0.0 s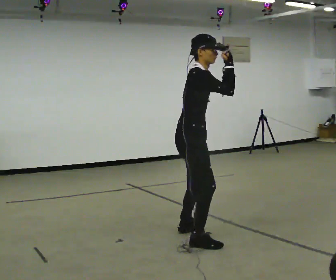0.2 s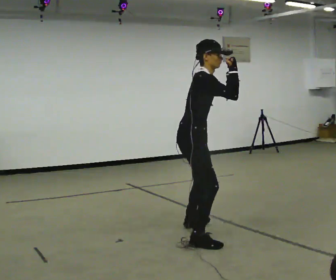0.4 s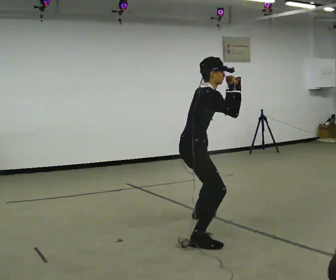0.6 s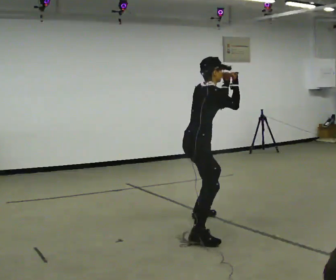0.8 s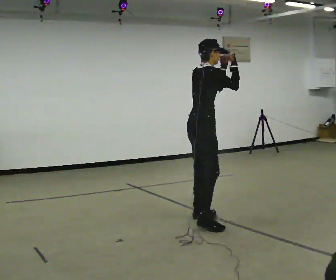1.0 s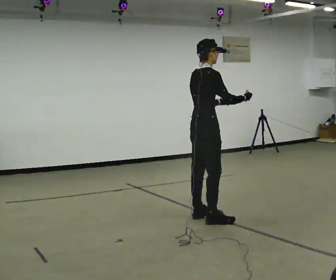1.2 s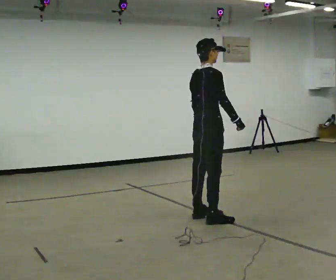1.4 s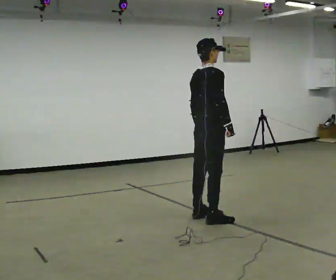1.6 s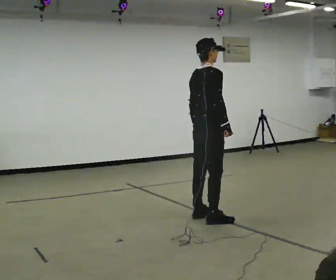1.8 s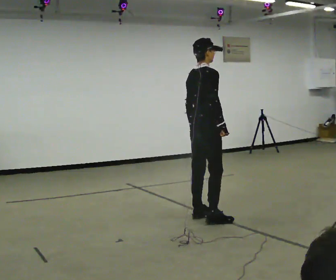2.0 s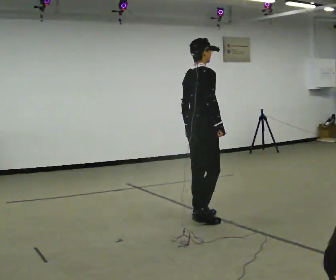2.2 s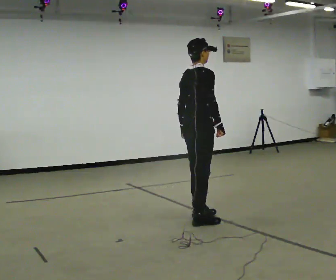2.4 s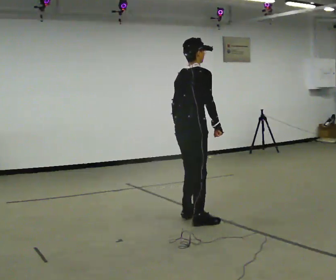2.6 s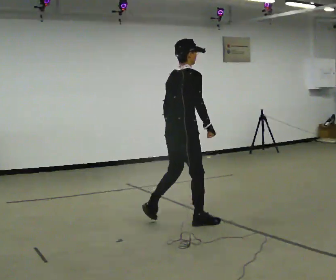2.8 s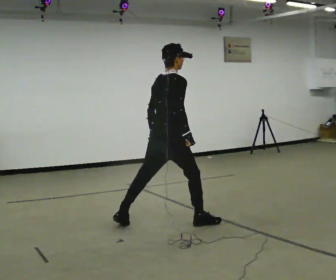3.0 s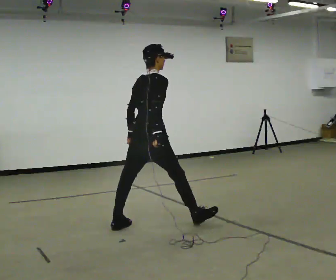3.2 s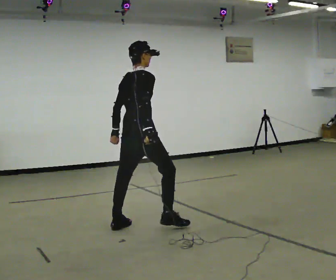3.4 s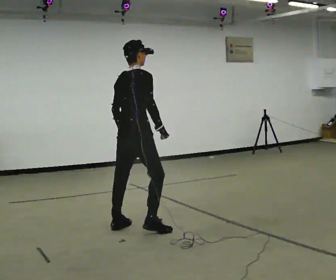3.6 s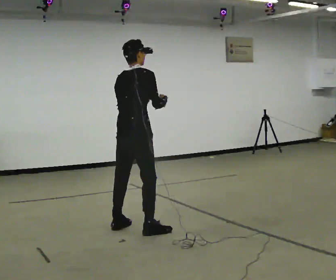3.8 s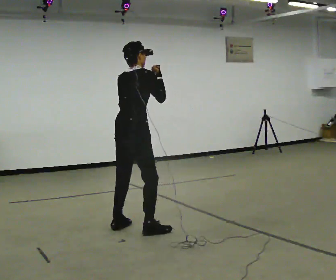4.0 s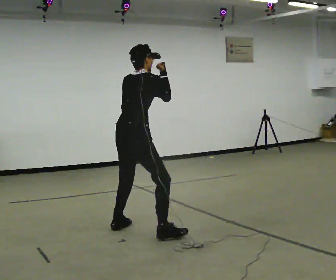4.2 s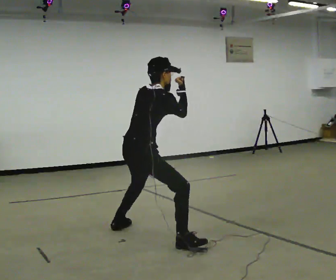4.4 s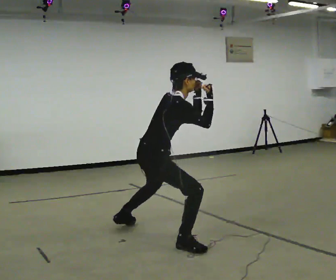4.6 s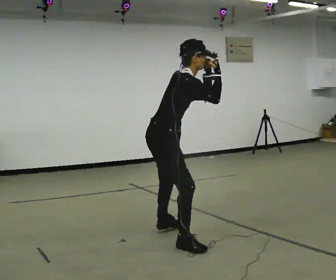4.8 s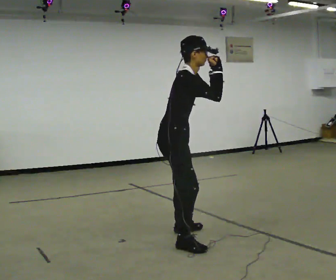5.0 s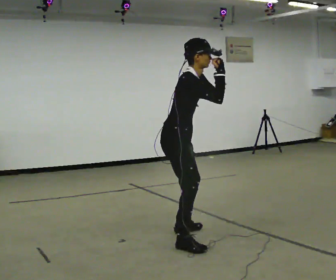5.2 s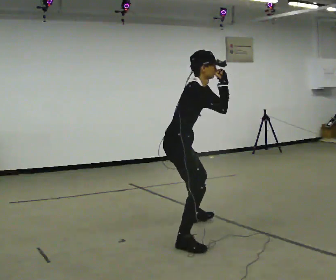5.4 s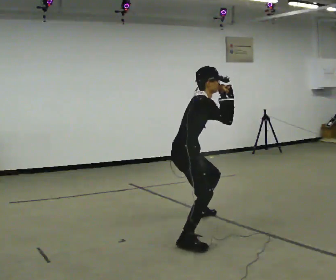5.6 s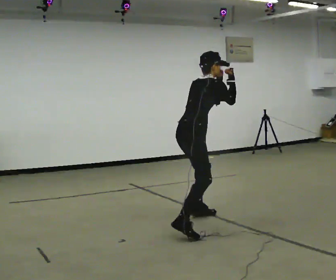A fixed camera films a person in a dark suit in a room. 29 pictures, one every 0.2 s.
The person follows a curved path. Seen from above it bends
counterclockwise.
0.0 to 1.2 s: The part of the body nearest the lens slides to the right as the person turns to their left by about 30 degrees. In the picture they go away from the camera, about 0.75 m in 2 steps, which for them is to their left and forward. In the picture their left hand goes downward.
1.2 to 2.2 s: The person moves a little, or ends about where they began.
2.2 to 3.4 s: In the picture they go to the left, about 0.75 m in 2 steps, which for them is backward and to their left.
3.4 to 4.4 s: Seen from above the body turns clockwise, about 30 degrees: to their right, with its near side sliding to the left. In the picture they go toward the camera and to the right, about 0.5 m in 2 steps, which for them is to their right and backward. The upper body goes downward. In the picture the upper body tilts clockwise, shoulders to the right, as they bend forward. In the picture their left hand goes upward.
4.4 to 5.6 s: In the picture they go away from the camera and to the right, about 0.5 m in 2 steps, which for them is to their left and forward.
The film runs backward here.
